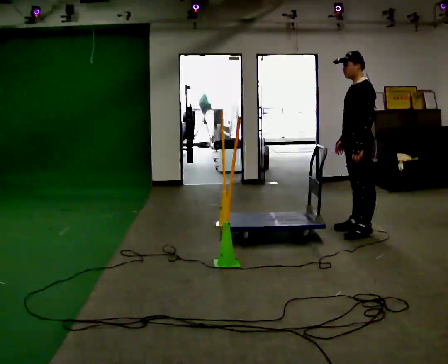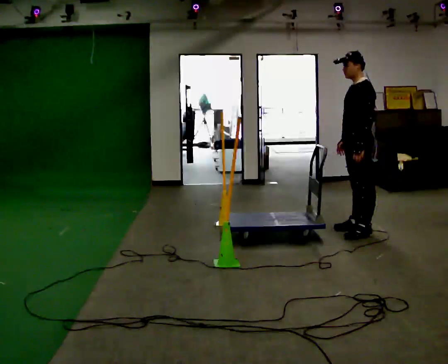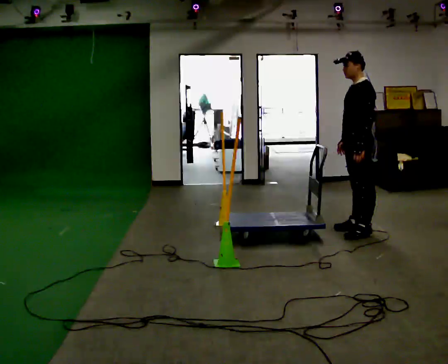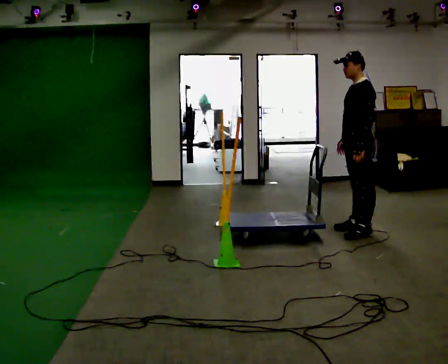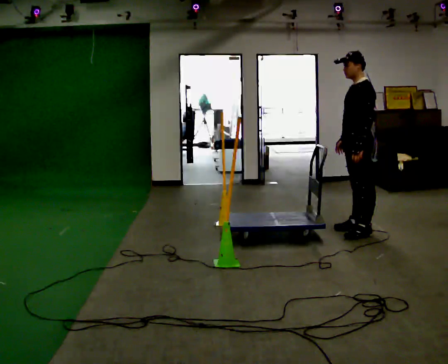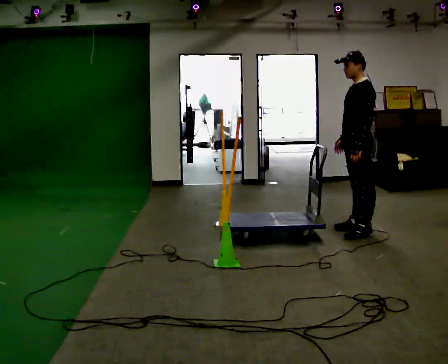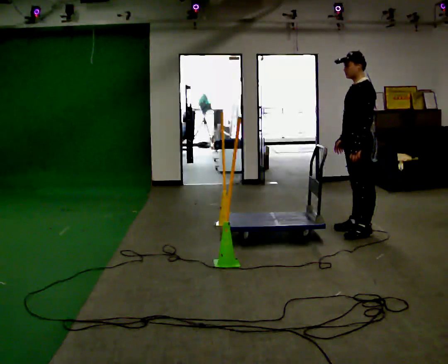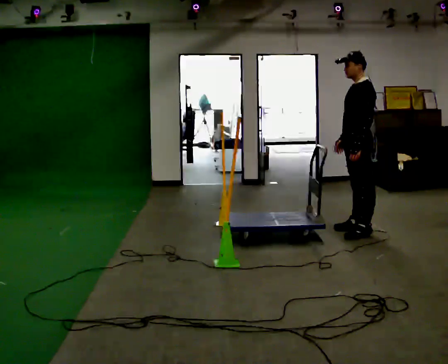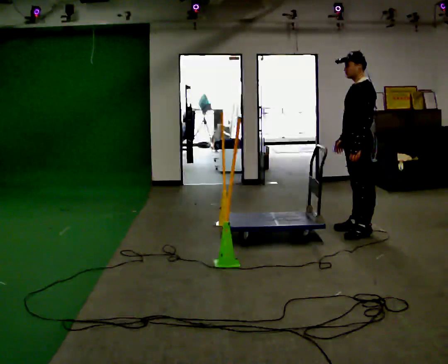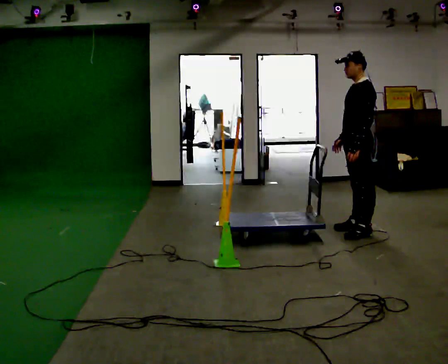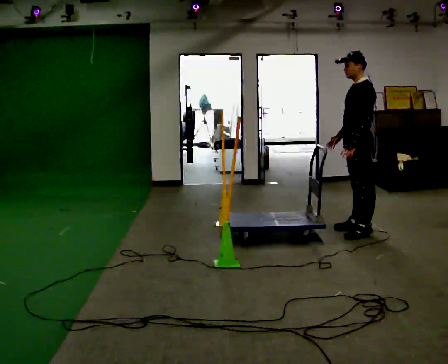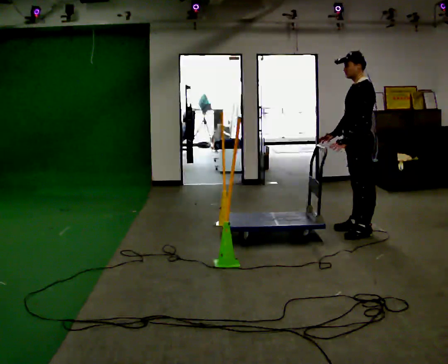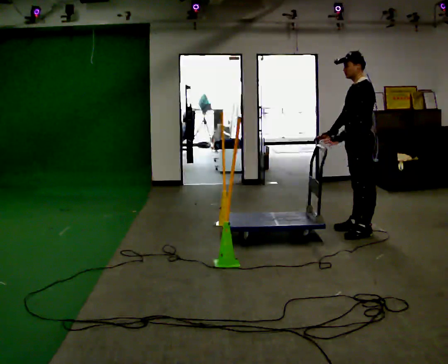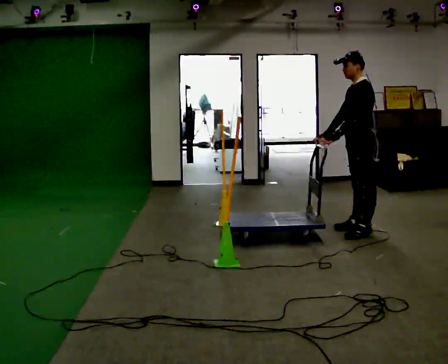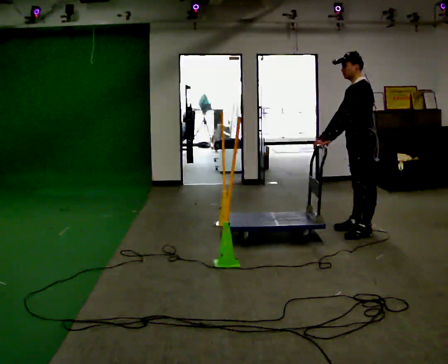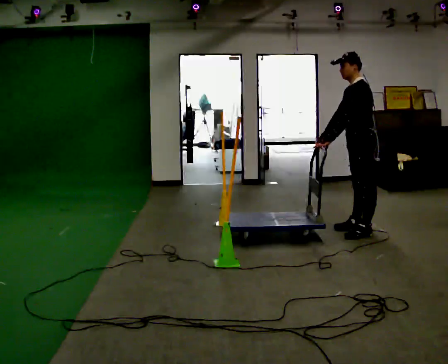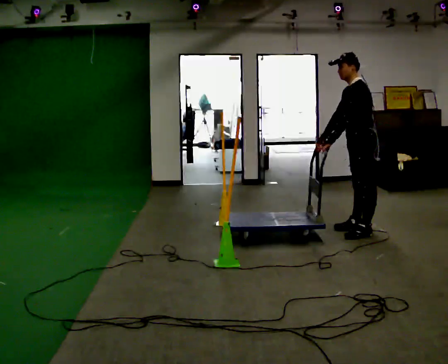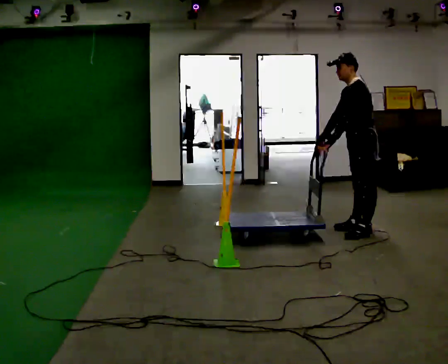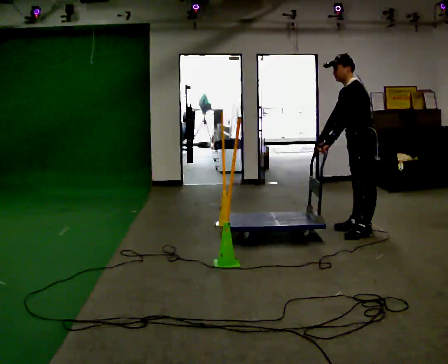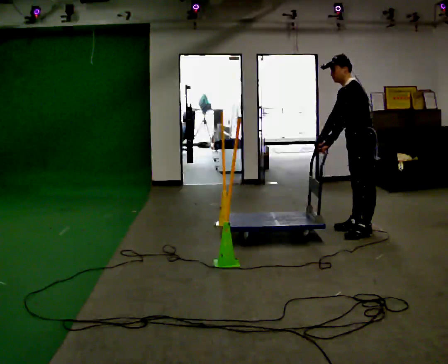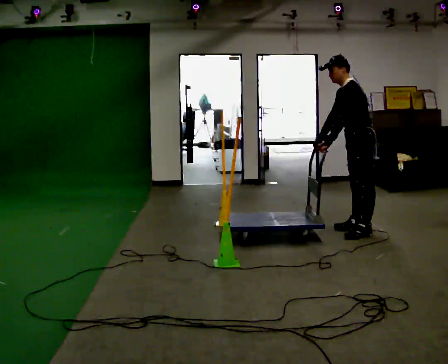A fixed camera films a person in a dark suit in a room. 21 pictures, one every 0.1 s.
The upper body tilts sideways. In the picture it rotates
counterclockwise.
0.0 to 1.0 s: The person moves a little, or ends about where they began.
1.0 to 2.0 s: In the picture the upper body tilts counterclockwise, shoulders to the left, as they bend forward.
The film runs forward here.
